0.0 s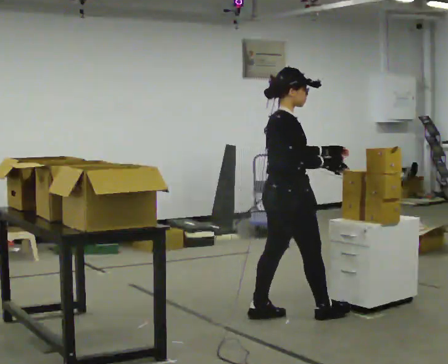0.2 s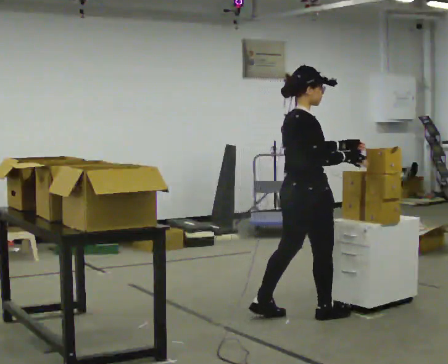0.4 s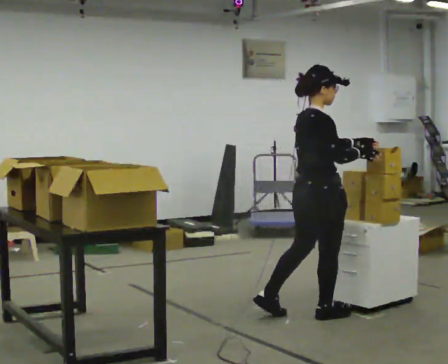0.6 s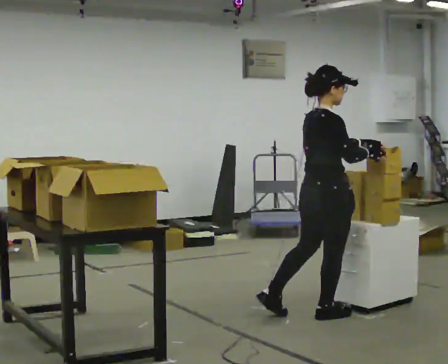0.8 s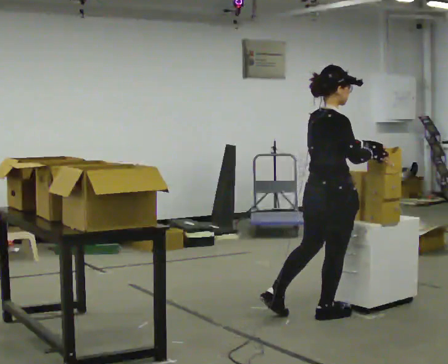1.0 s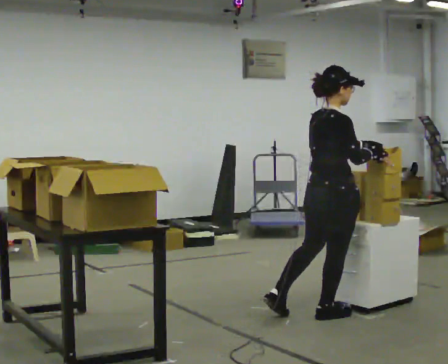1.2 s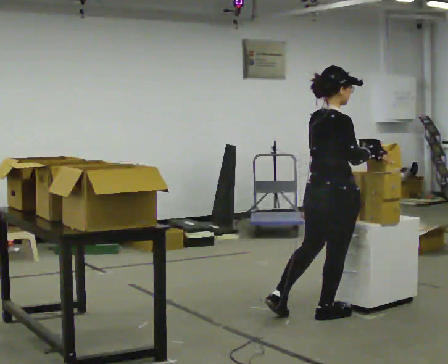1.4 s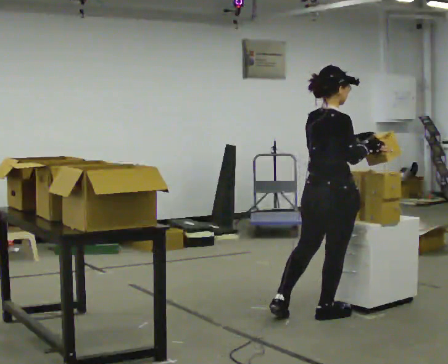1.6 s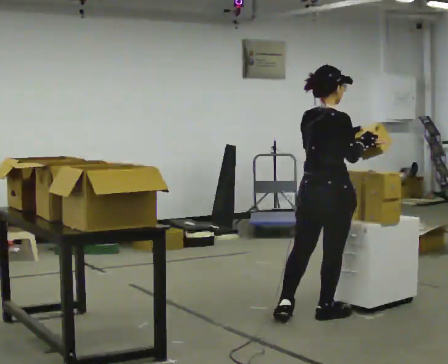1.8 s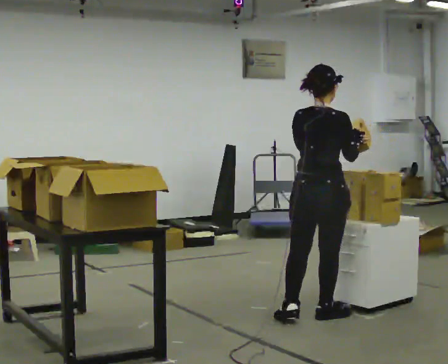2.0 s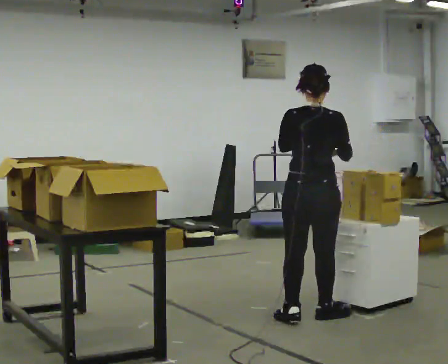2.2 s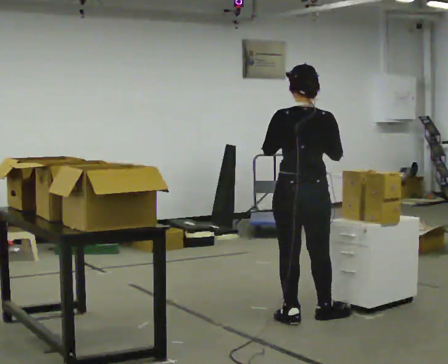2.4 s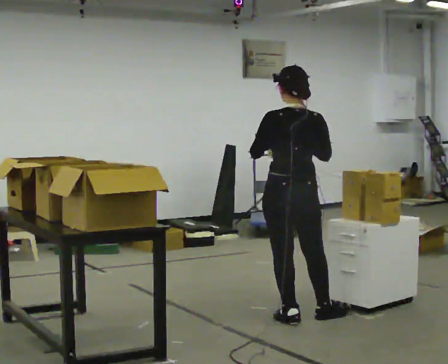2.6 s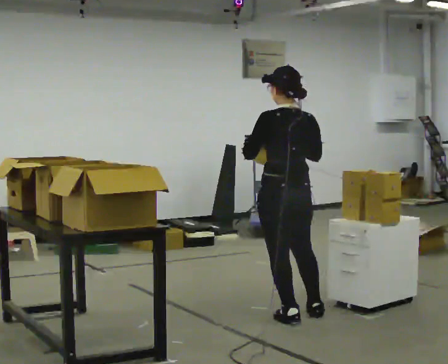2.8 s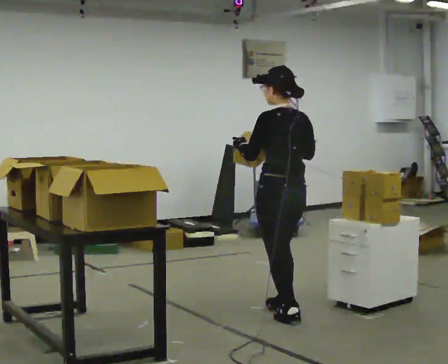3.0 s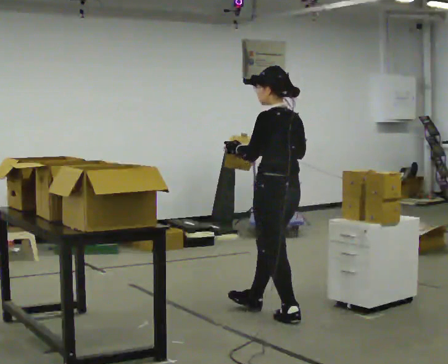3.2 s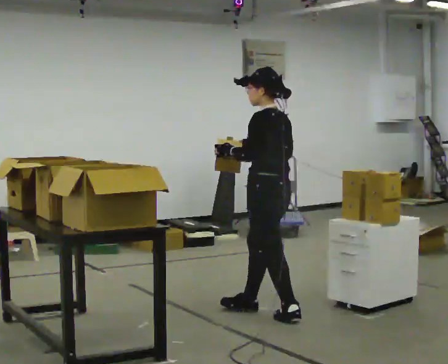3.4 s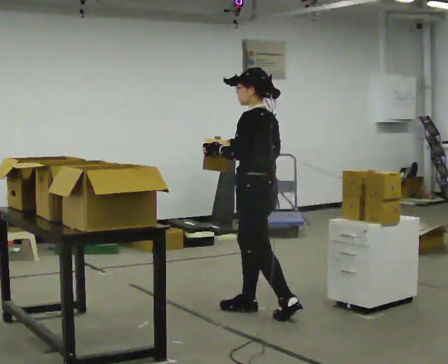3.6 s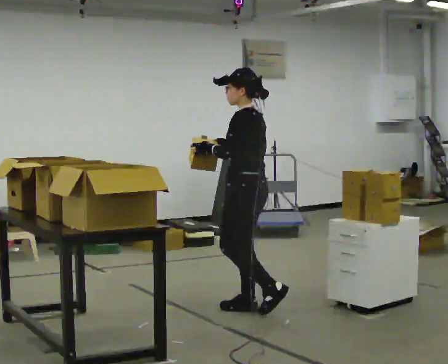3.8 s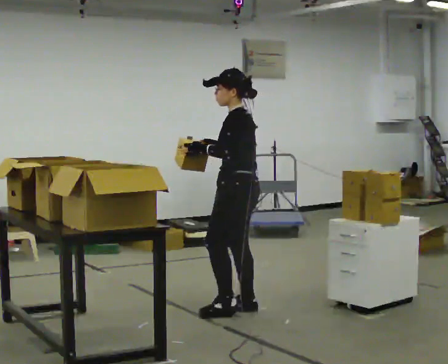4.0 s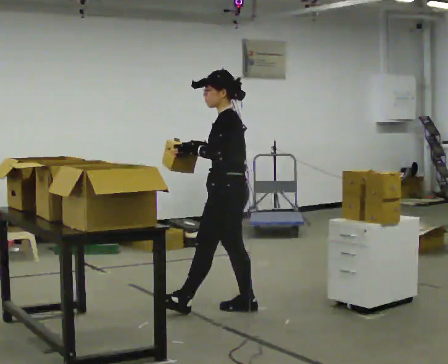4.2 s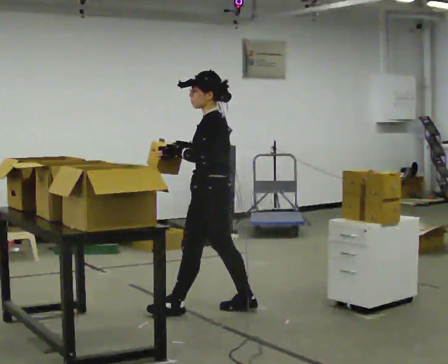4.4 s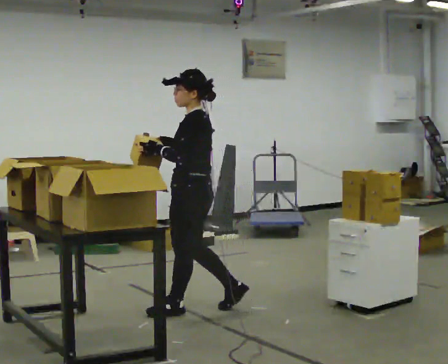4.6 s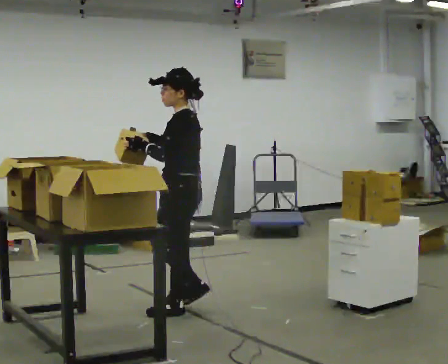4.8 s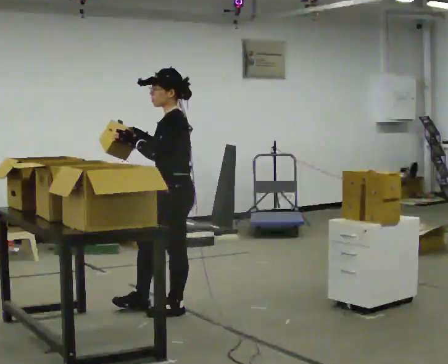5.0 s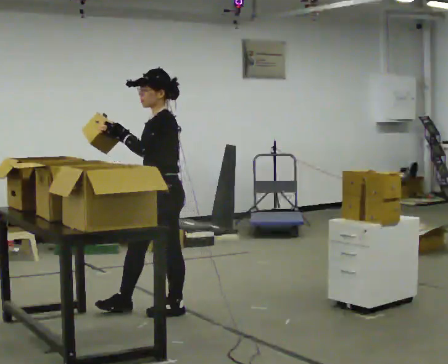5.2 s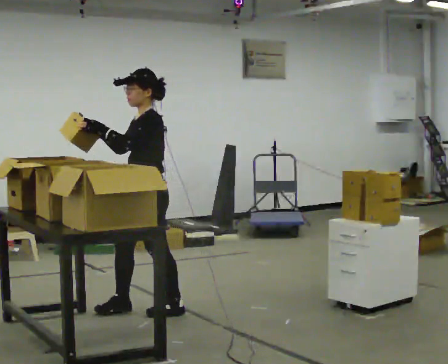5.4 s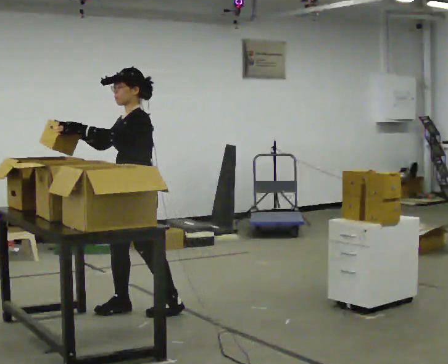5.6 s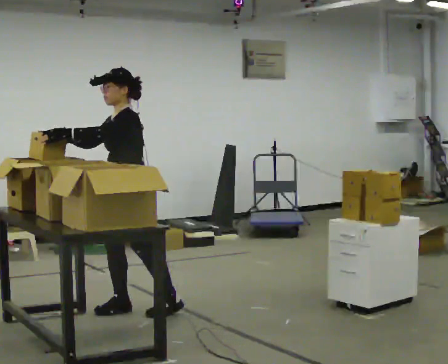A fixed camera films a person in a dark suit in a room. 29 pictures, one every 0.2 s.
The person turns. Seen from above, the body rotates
counterclockwise.
The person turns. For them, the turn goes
to their left.
0.0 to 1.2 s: In the picture they go to the right, about 0.25 m, which for them is forward and to their right.
1.2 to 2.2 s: The person turns about 45 degrees to their left, counterclockwise seen from above, so the part of the body nearest the lens slides to the right. In the picture they go to the left, about 0.25 m, which for them is to their left. In the picture their left hand goes to the left.
2.2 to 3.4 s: Seen from above the body turns counterclockwise, about 75 degrees: to their left, with its near side sliding to the right. In the picture they go to the left and away from the camera, about 0.25 m in 1 step.
3.4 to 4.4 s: In the picture they go to the left, about 0.5 m in 1 step, which for them is forward.
4.4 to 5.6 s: Seen from above the body turns counterclockwise, about 45 degrees: to their left, with its near side sliding to the right. In the picture they go to the left, about 0.5 m in 1 step, which for them is forward.
The film runs forward here.
